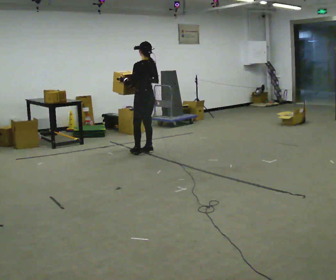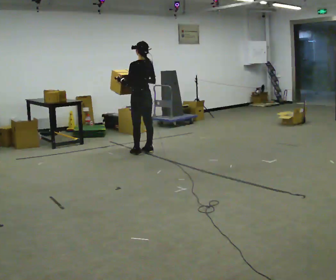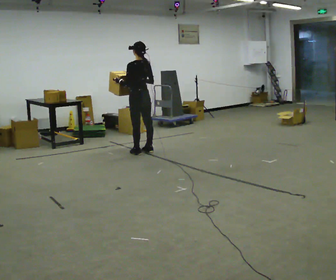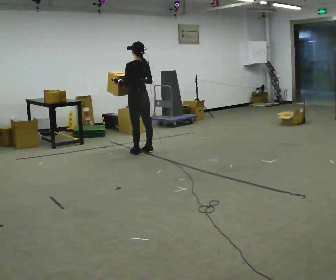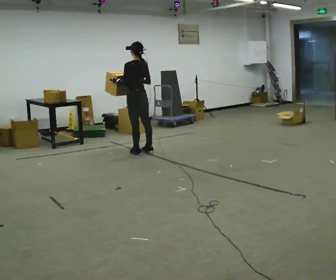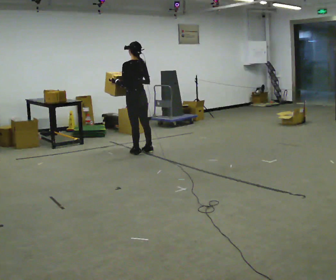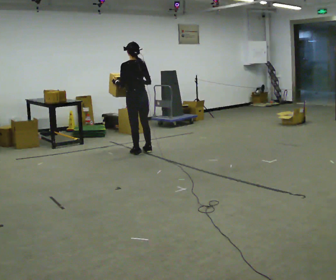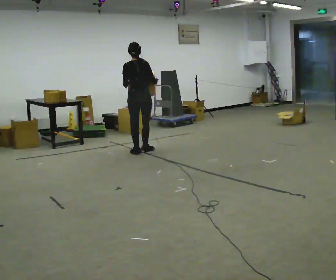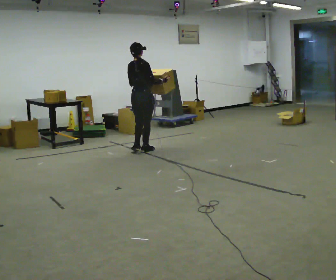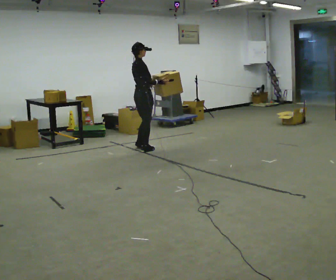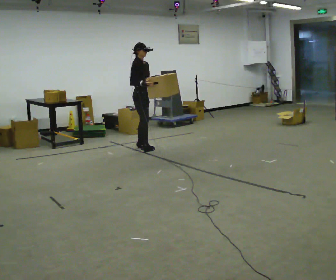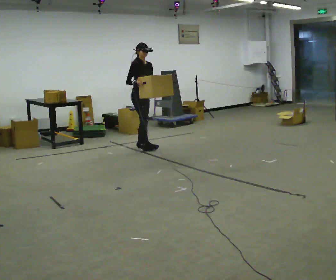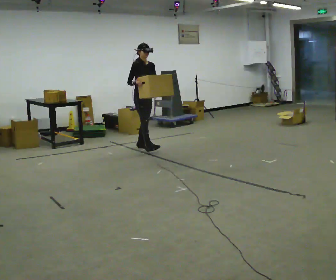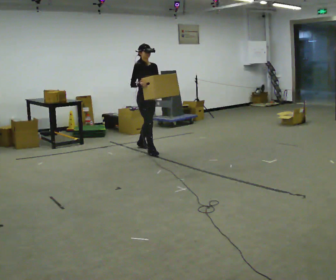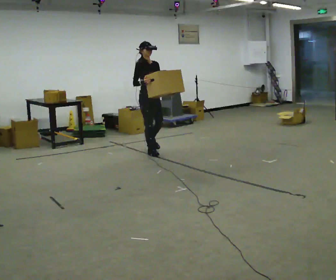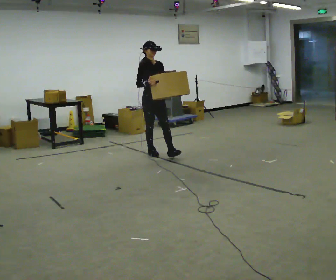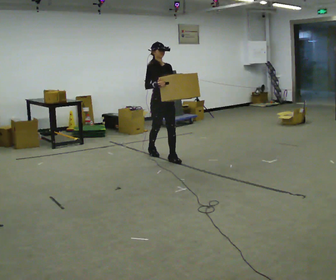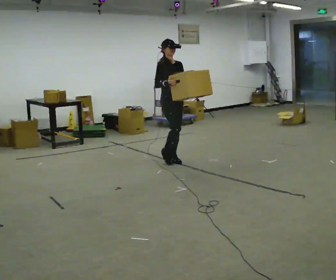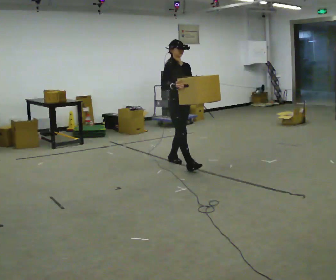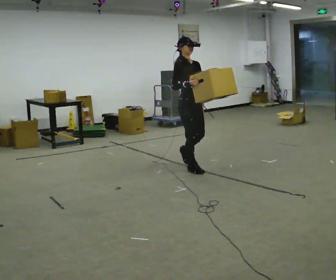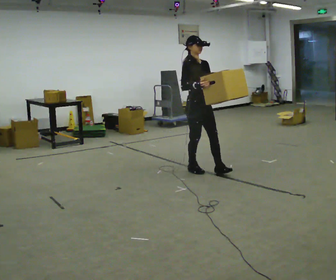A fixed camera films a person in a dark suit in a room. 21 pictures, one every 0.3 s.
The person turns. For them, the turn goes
to their right.
The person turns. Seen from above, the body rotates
clockwise.
0.0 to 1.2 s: The person moves a little, or ends about where they began.
1.2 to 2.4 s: The part of the body nearest the lens slides to the left as the person turns to their right by about 75 degrees.
2.4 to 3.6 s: The part of the body nearest the lens slides to the left as the person turns to their right by about 105 degrees. In the picture they go away from the camera, about 0.25 m in 1 step. In the picture their right hand goes to the left, the arm swinging clockwise.
3.6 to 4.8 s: In the picture they go toward the camera, about 0.5 m in 1 step, which for them is forward.
4.8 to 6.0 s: In the picture they go toward the camera and to the right, about 1 m in 1 step, which for them is forward.
The film runs forward here.
